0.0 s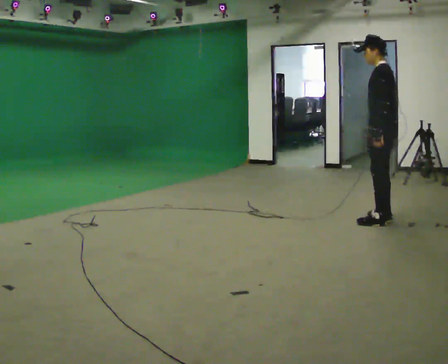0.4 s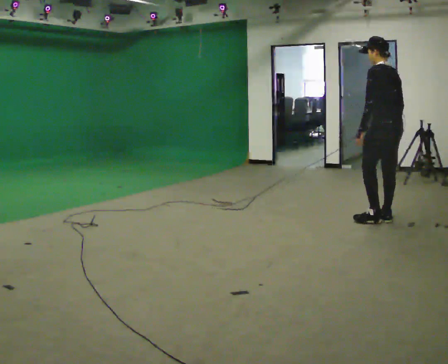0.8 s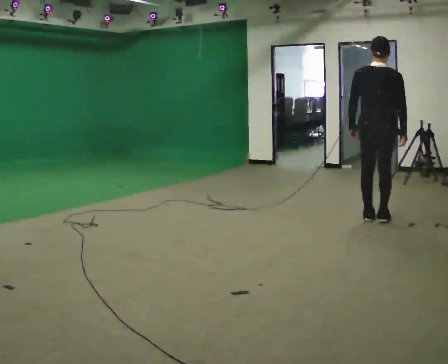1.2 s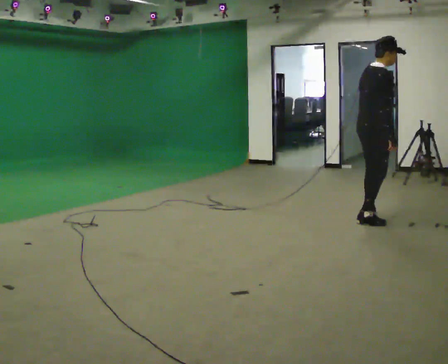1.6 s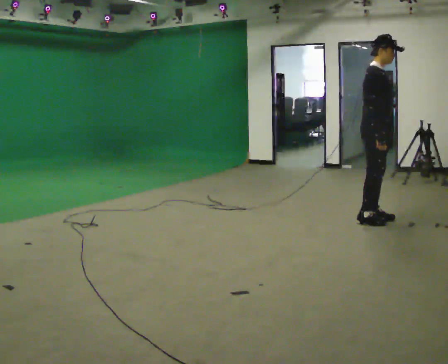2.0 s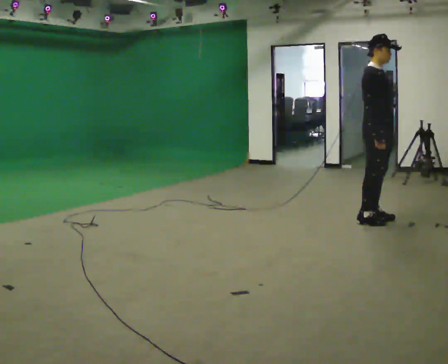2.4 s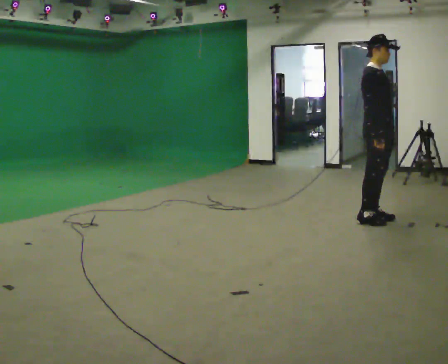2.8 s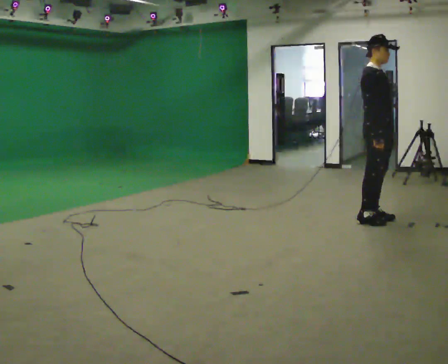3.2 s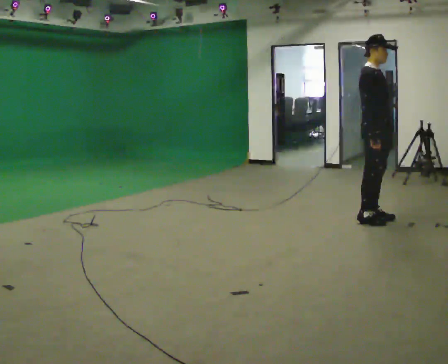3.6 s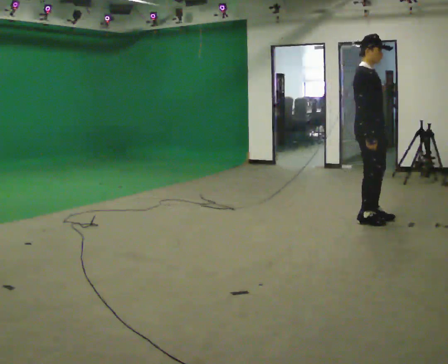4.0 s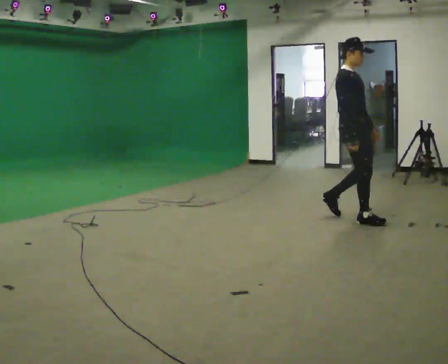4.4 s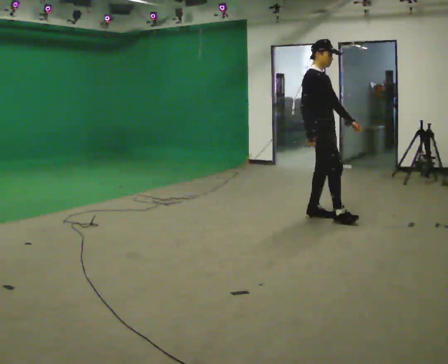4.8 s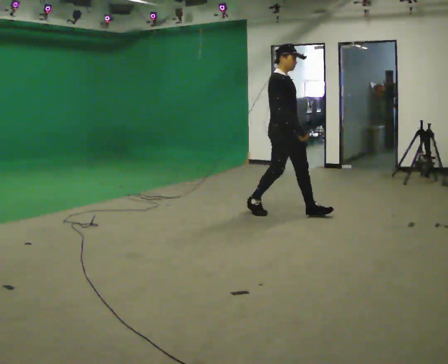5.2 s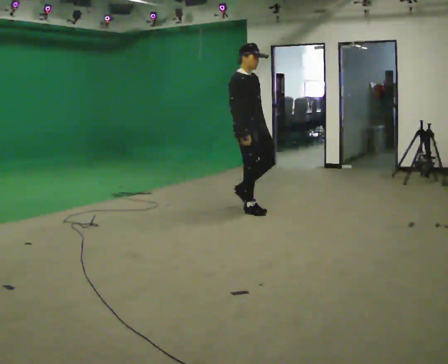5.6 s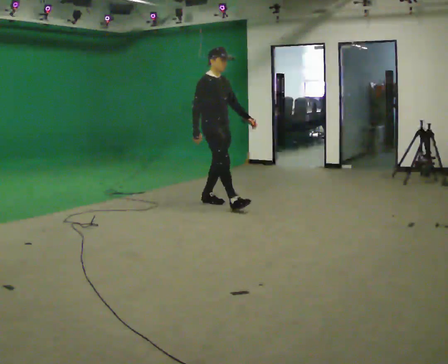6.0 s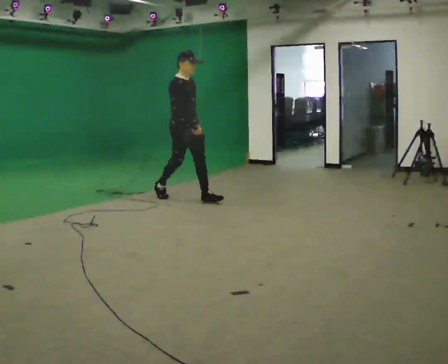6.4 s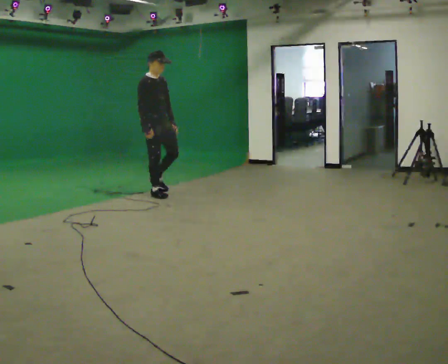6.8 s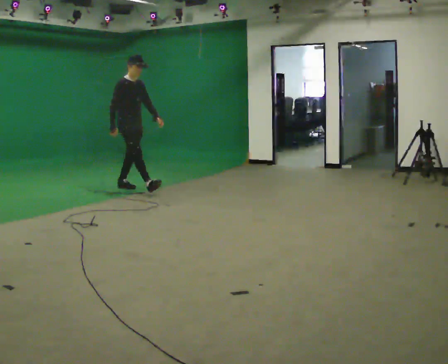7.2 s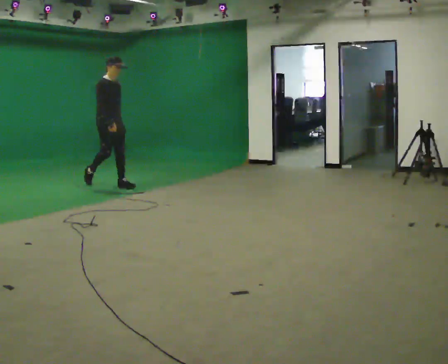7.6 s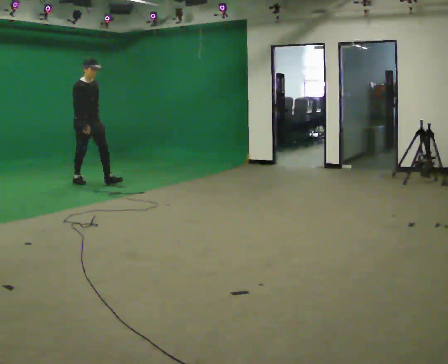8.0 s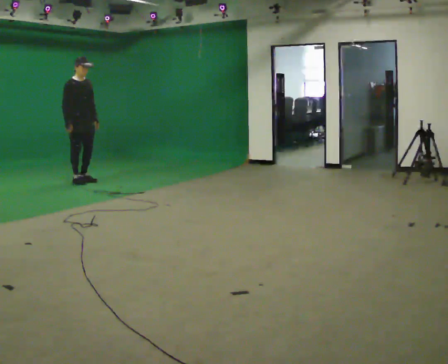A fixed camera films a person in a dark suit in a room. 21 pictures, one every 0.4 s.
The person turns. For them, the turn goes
to their right.
The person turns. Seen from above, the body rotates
clockwise.
0.0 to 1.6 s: The person turns about 180 degrees to their right, clockwise seen from above, so the part of the body nearest the lens slides to the left.
1.6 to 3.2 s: The person moves a little, or ends about where they began.
3.2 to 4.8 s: In the picture they go to the left, about 1 m in 2 steps, which for them is backward.
4.8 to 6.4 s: In the picture they go to the left, about 2 m in 3 steps, which for them is backward.
6.4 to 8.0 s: In the picture they go to the left, about 1.5 m in 2 steps, which for them is backward.
The film runs backward here.
